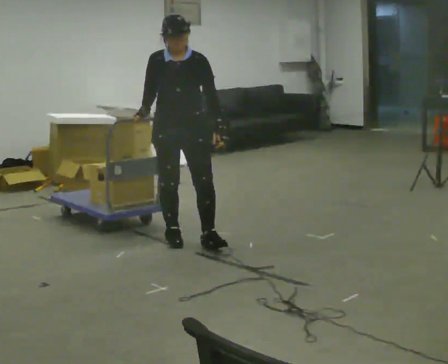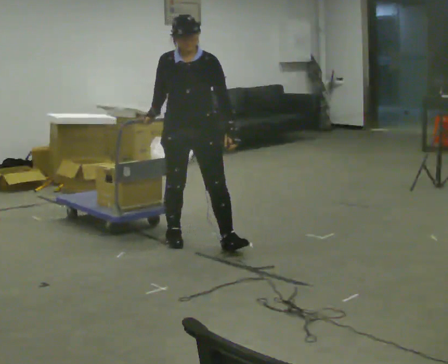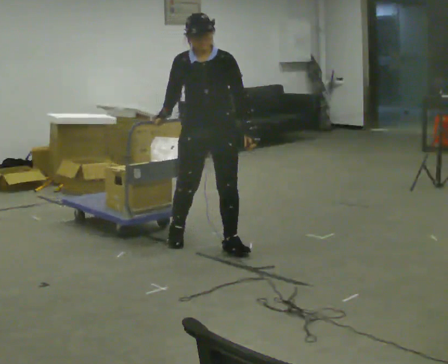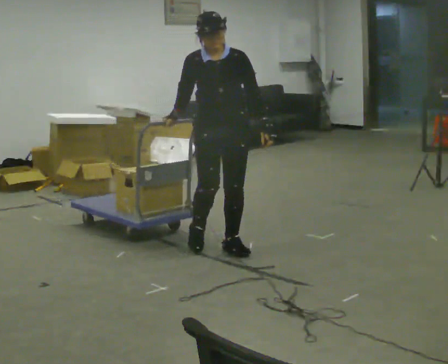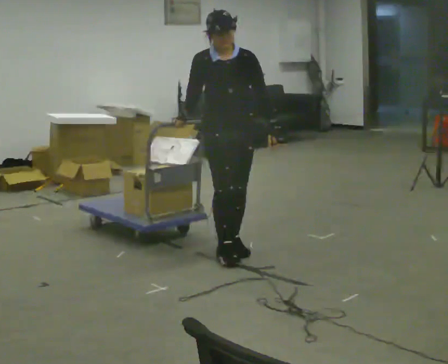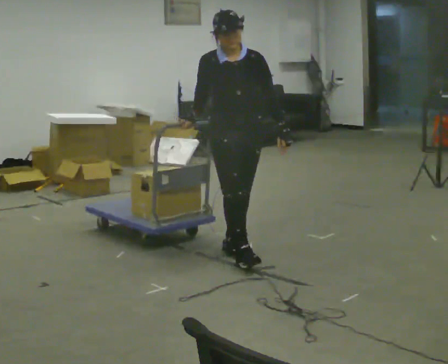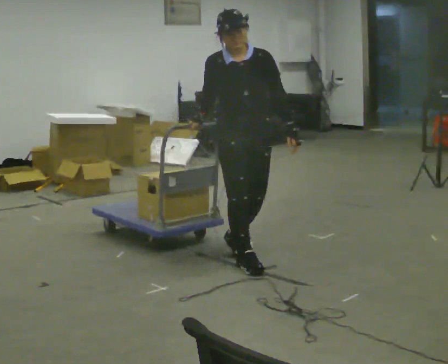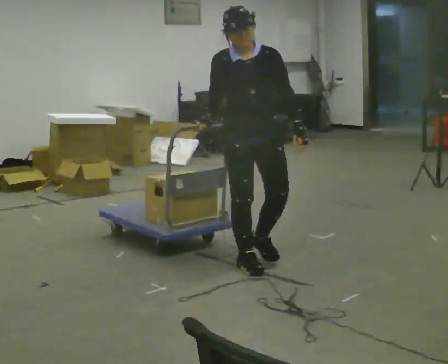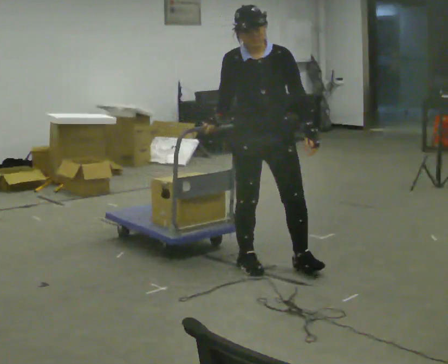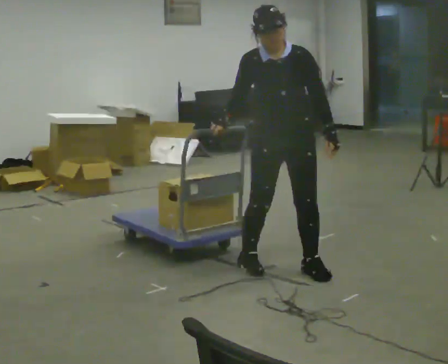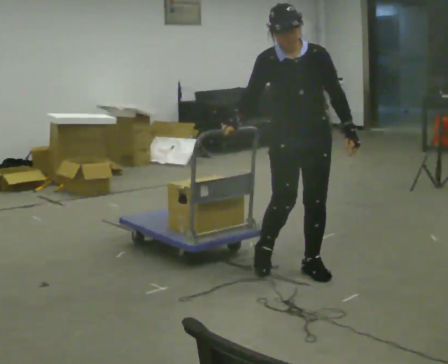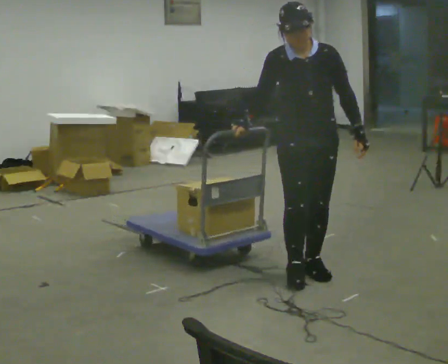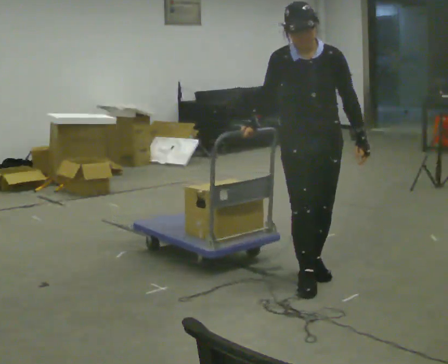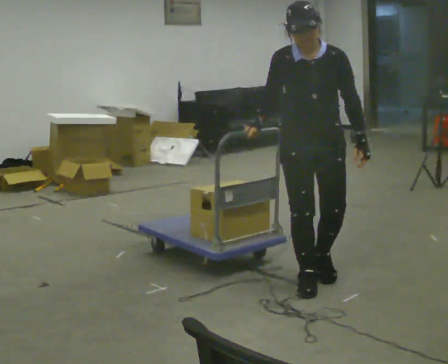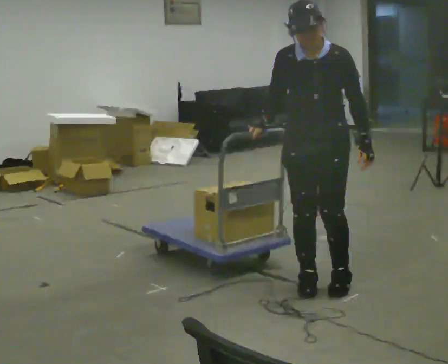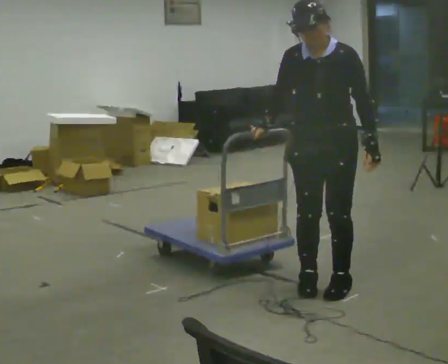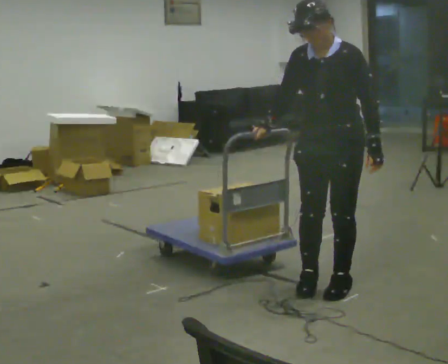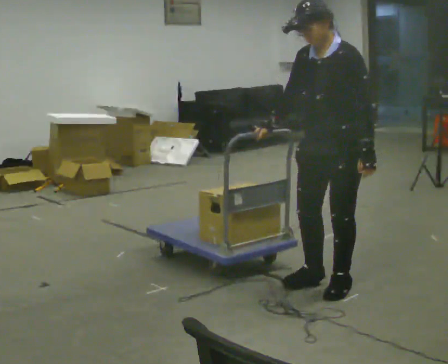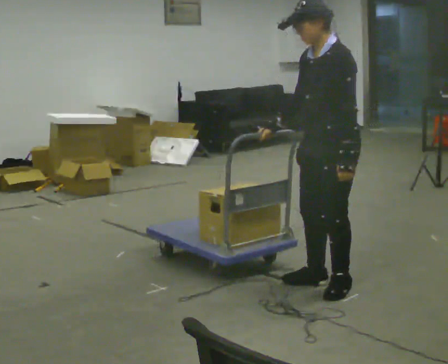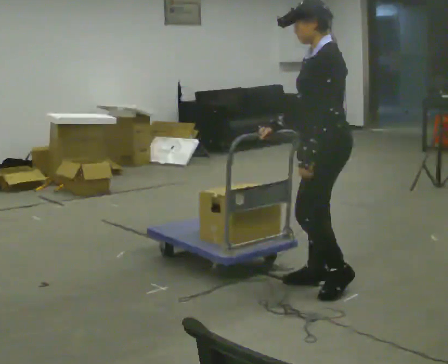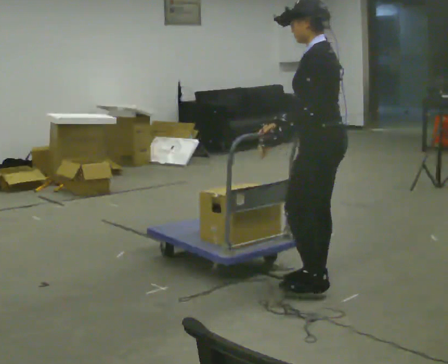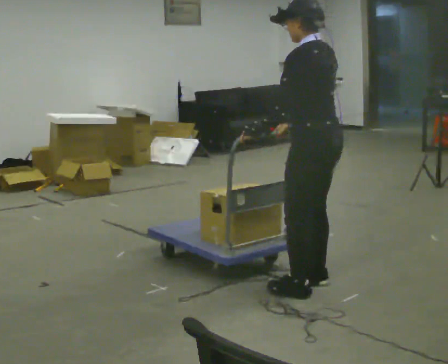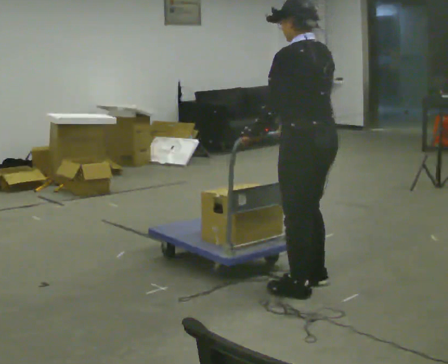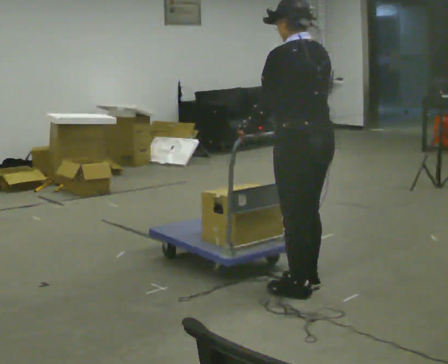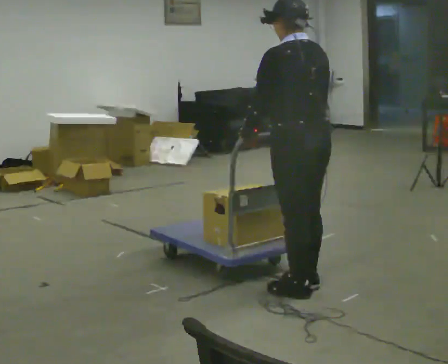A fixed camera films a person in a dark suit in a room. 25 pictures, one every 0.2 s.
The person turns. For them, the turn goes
to their right.
The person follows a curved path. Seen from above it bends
clockwise.
0.0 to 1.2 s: In the picture they go to the right and toward the camera, about 0.75 m in 2 steps, which for them is forward and to their left.
1.2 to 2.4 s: In the picture they go to the right and toward the camera, about 0.5 m in 2 steps, which for them is forward and to their left.
2.4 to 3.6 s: Seen from above the body turns clockwise, about 75 degrees: to their right, with its near side sliding to the left.
3.6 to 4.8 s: Seen from above the body turns clockwise, about 75 degrees: to their right, with its near side sliding to the left. In the picture they go to the left, about 0.25 m in 1 step. In the picture their left hand goes to the left, the arm swinging clockwise.
The film runs forward here.
